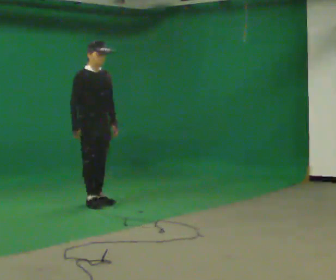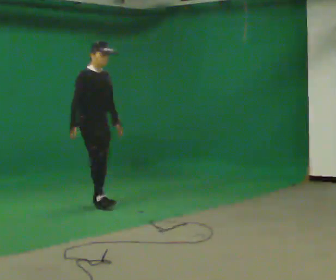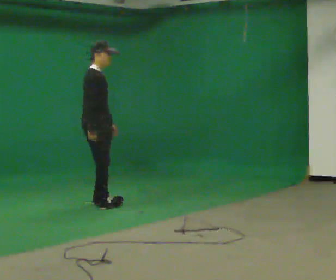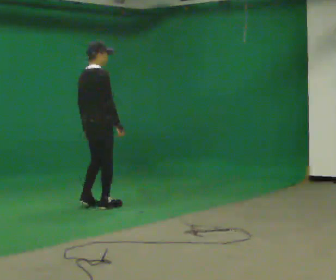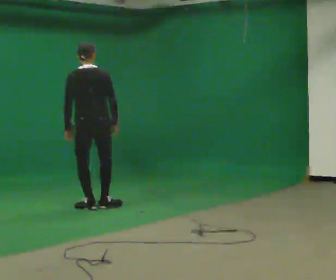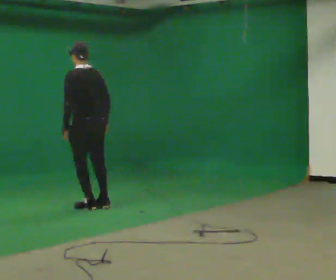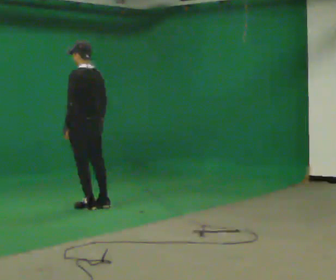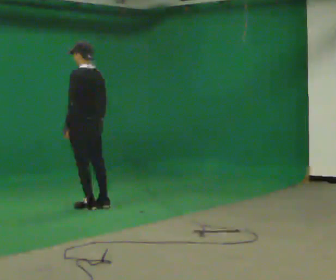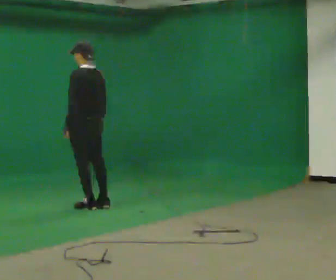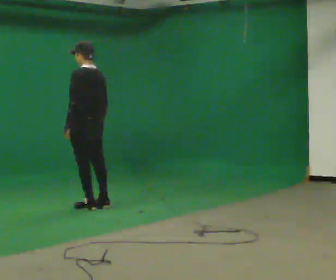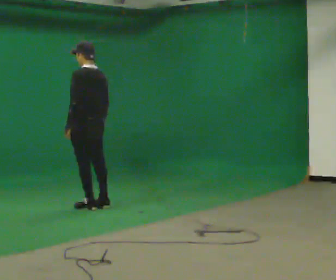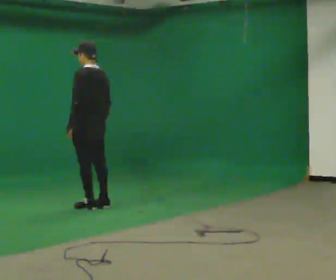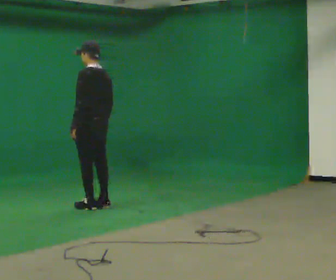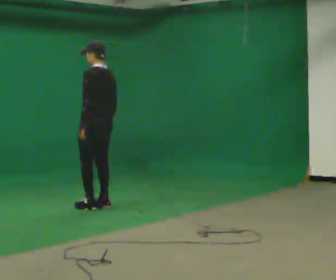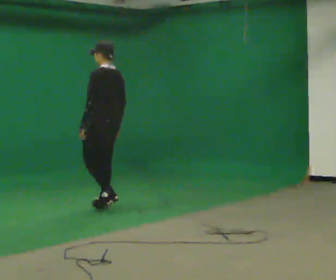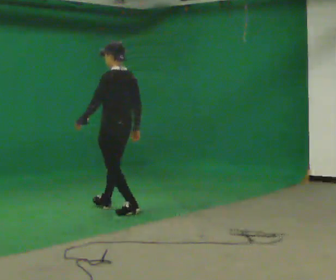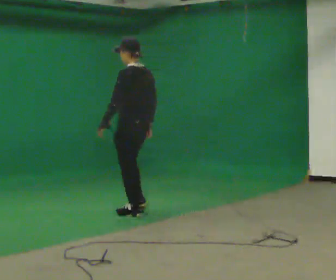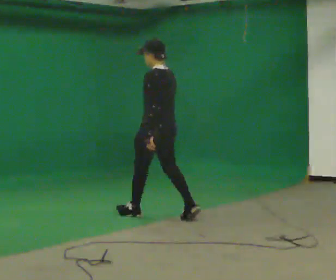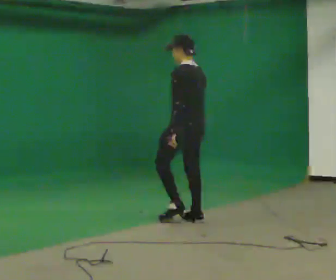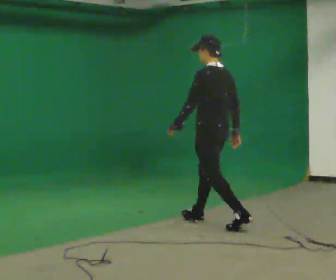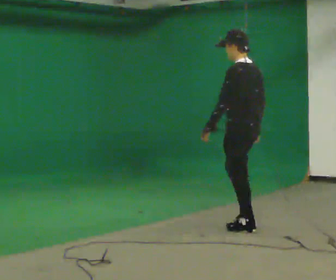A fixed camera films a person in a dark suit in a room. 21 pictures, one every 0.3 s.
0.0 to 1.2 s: The part of the body nearest the lens slides to the right as the person turns to their left by about 135 degrees. In the picture they go toward the camera, about 0.25 m in 2 steps. In the picture their left hand goes to the left, the arm swinging clockwise.
1.2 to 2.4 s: The part of the body nearest the lens slides to the right as the person turns to their left by about 45 degrees.
2.4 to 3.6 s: The person moves a little, or ends about where they began.
3.6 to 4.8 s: In the picture they go toward the camera and to the right, about 0.5 m in 2 steps, which for them is backward.
4.8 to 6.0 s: In the picture they go to the right and toward the camera, about 1.5 m in 2 steps, which for them is backward.
The film runs backward here.
